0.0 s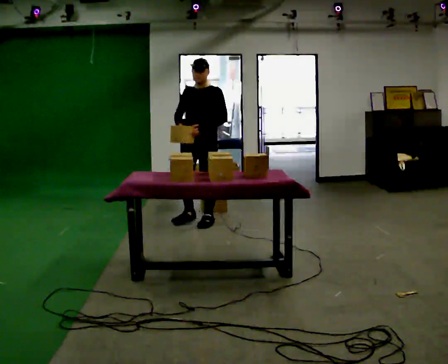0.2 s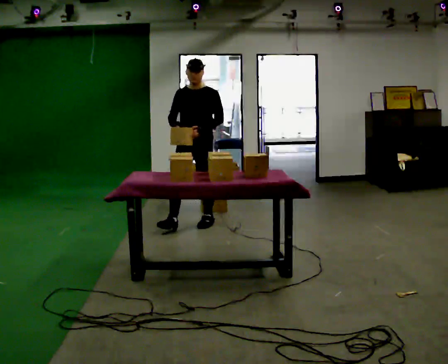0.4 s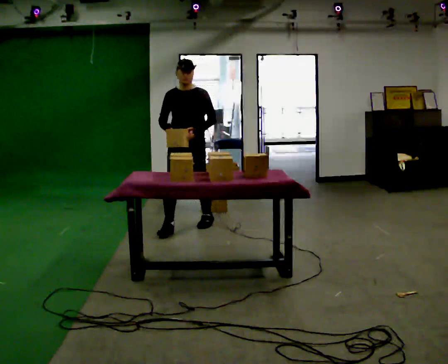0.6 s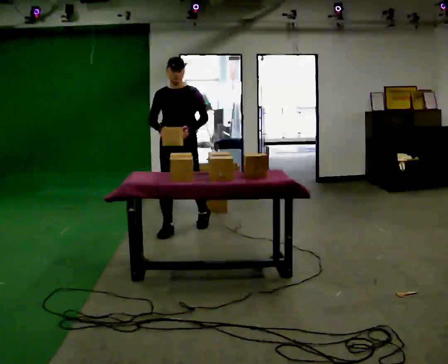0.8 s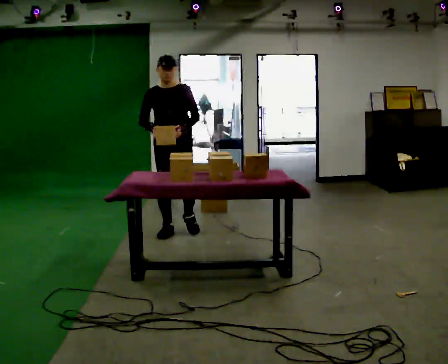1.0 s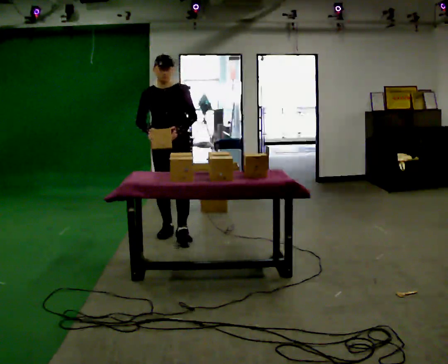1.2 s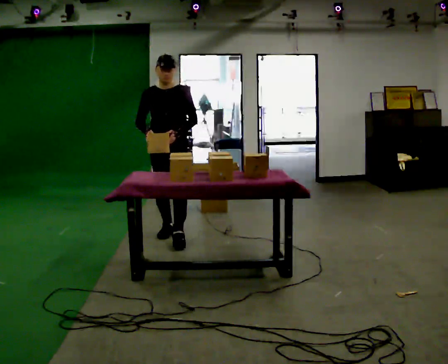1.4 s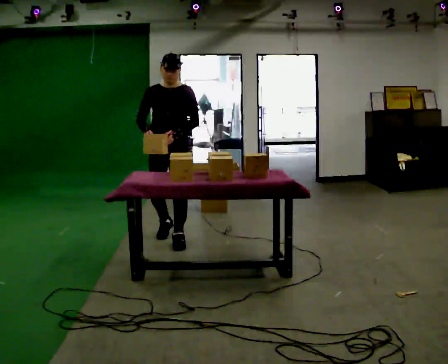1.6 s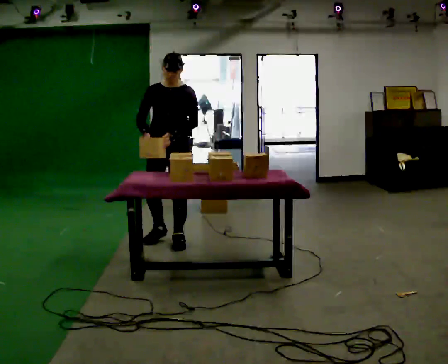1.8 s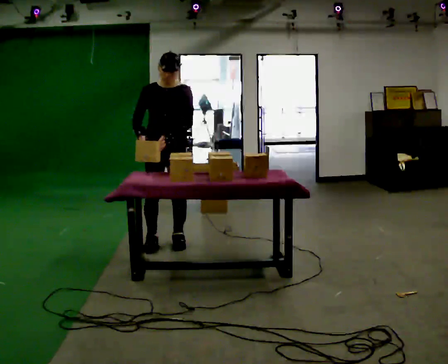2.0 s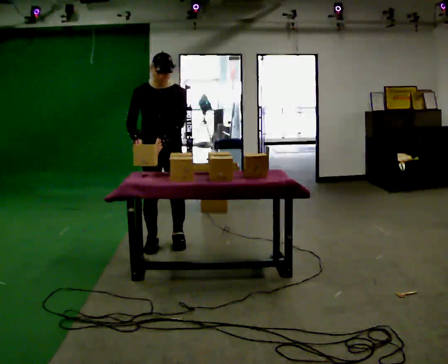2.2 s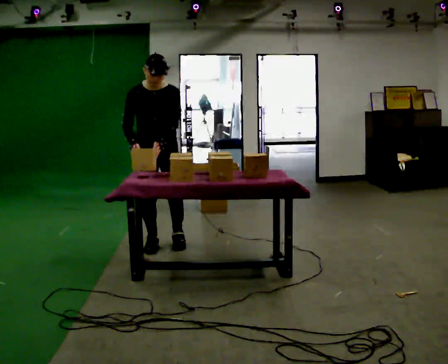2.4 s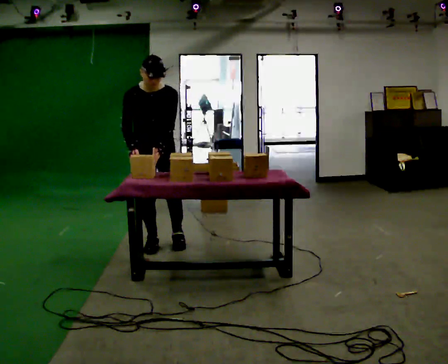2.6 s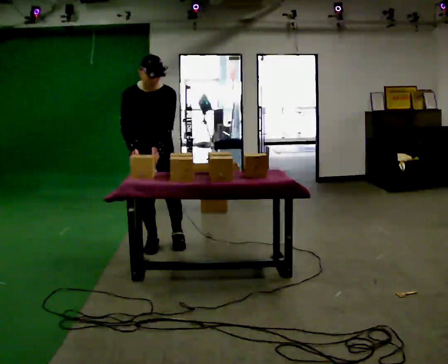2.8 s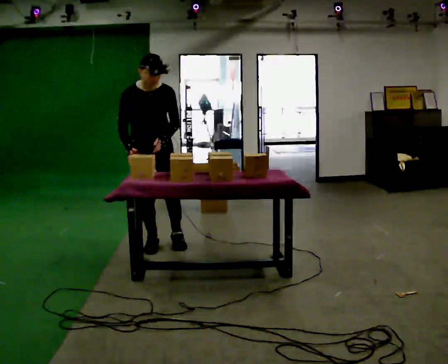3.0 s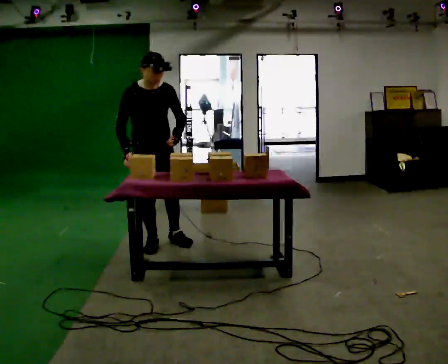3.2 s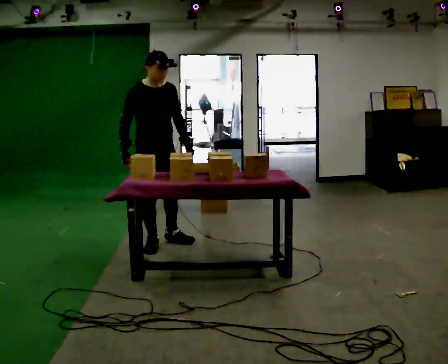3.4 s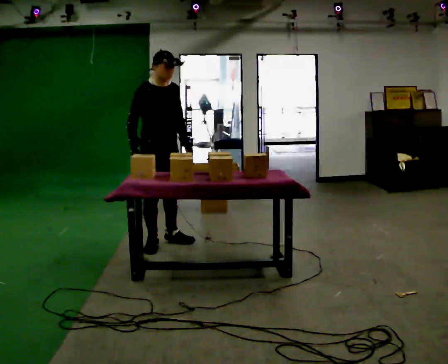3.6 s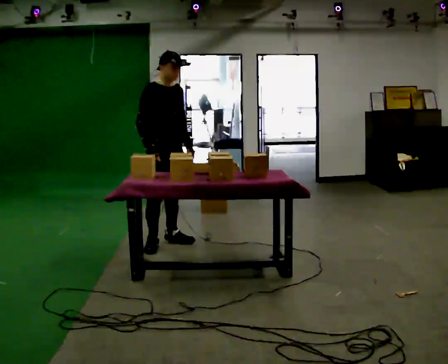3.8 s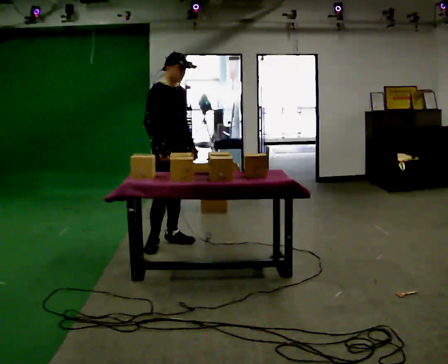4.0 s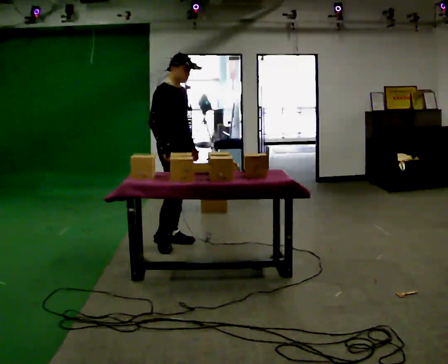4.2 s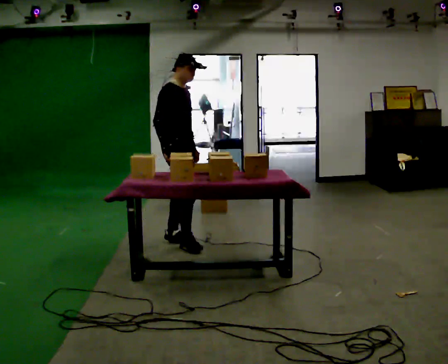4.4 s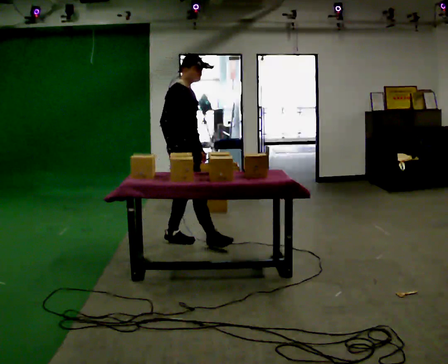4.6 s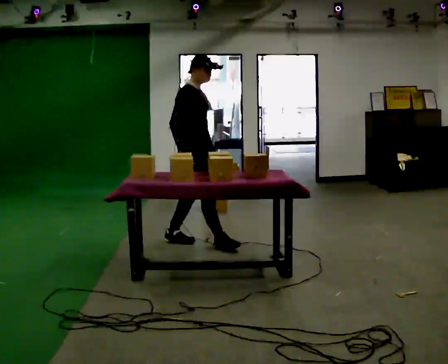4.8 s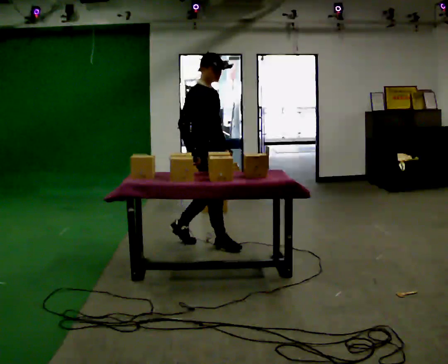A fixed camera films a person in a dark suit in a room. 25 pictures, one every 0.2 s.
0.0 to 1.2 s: In the picture they go toward the camera and to the left, about 0.5 m in 2 steps, which for them is forward and to their right.
1.2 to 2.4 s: In the picture they go toward the camera, about 0.25 m in 1 step, which for them is forward. The upper body tips toward the camera, its near side rolling downward, as they bend forward.
2.4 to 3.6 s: Seen from above the body turns counterclockwise, about 45 degrees: to their left, with its near side sliding to the right. The upper body tips away from the camera, its near side rolling upward, as they lean back or straighten.
3.6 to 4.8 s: Seen from above the body turns counterclockwise, about 30 degrees: to their left, with its near side sliding to the right. In the picture they go to the right, about 0.25 m in 1 step, which for them is forward.
The film runs forward here.
